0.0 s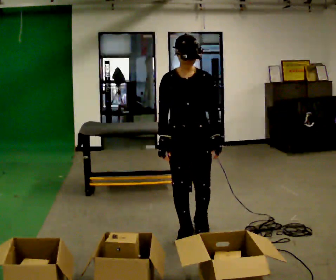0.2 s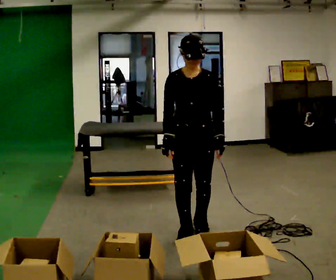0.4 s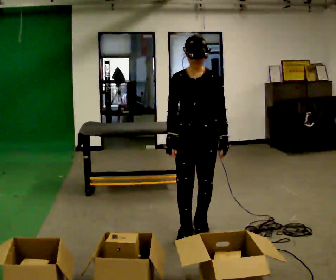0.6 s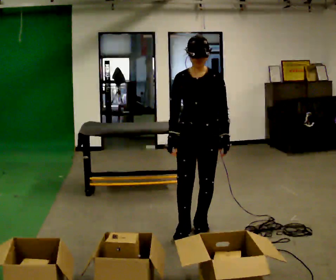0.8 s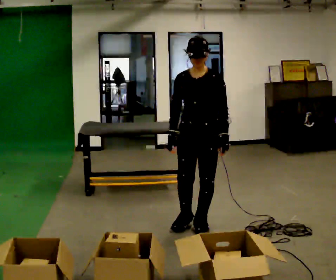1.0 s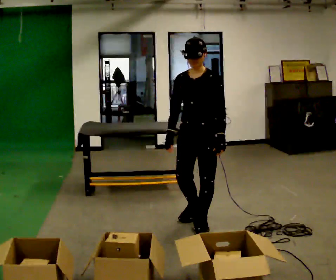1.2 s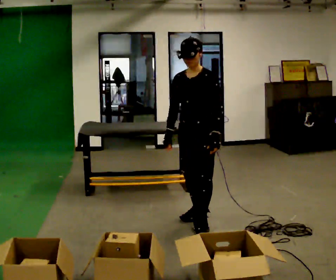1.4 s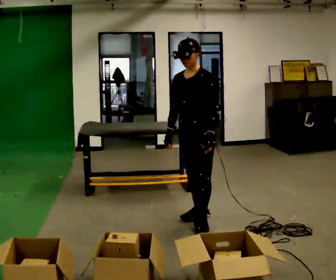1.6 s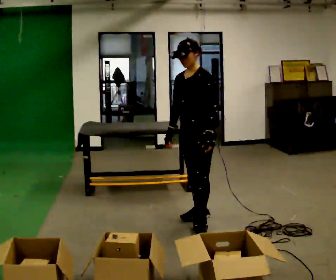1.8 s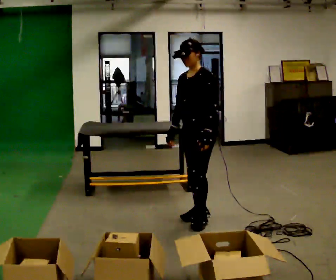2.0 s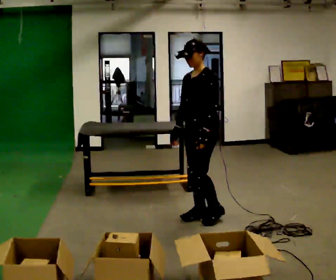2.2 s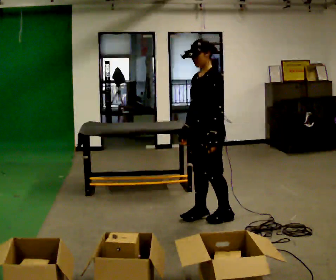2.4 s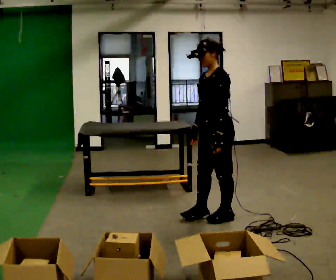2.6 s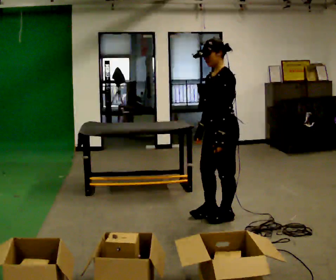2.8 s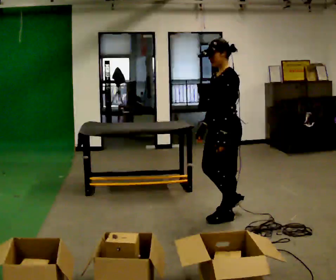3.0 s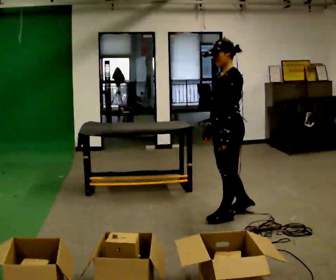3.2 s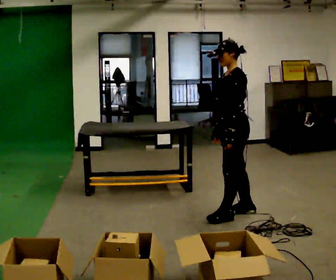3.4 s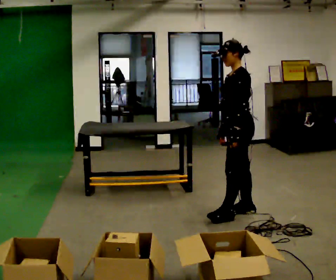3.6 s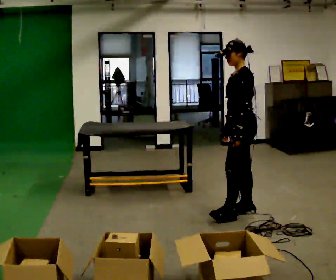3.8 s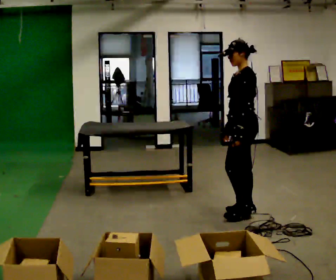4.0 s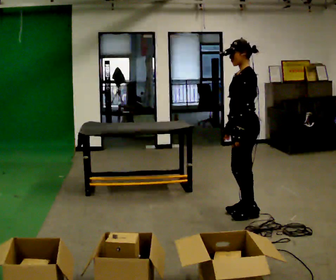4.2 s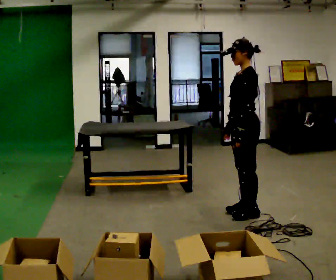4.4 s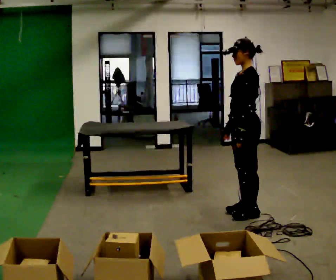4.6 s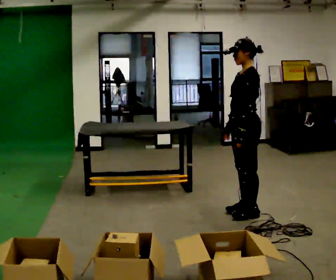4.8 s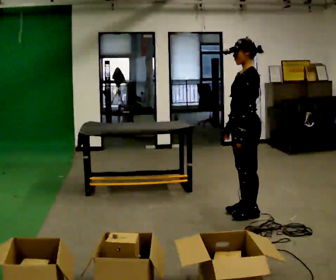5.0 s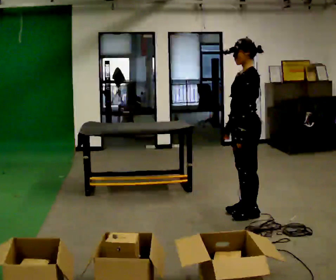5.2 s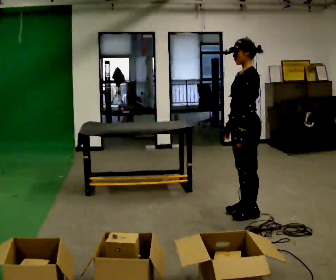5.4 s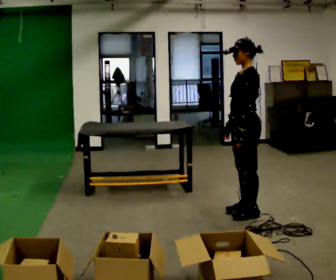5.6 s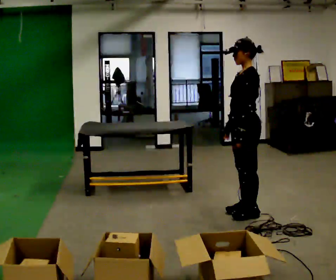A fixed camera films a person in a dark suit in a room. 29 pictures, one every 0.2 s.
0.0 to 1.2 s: The person turns about 30 degrees to their right, clockwise seen from above, so the part of the body nearest the lens slides to the left. In the picture they go away from the camera, about 0.25 m in 1 step, which for them is backward.
1.2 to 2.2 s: The part of the body nearest the lens slides to the left as the person turns to their right by about 30 degrees. In the picture they go away from the camera, about 0.25 m in 1 step, which for them is backward.
2.2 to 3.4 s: In the picture they go to the right, about 0.25 m in 1 step, which for them is backward.
3.4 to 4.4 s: The person moves a little, or ends about where they began.
4.4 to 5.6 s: The person keeps their place and pose.
The film runs backward here.
